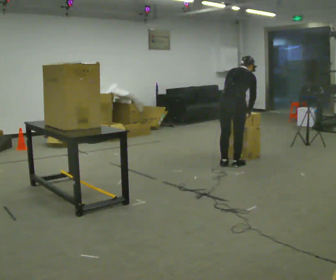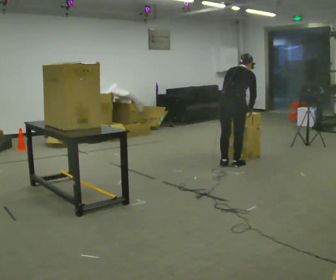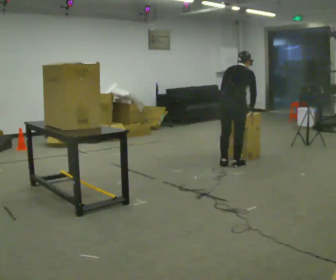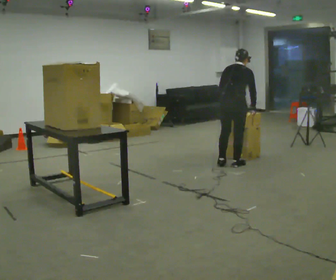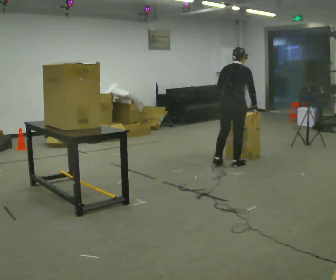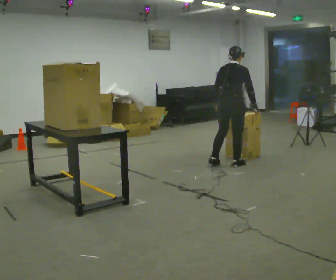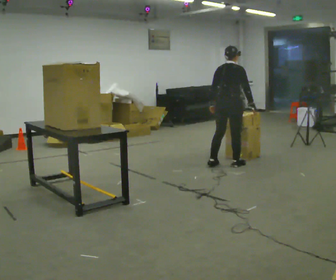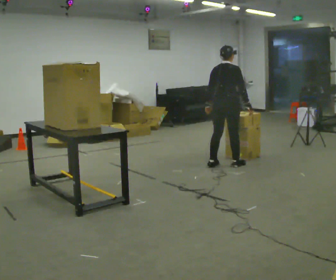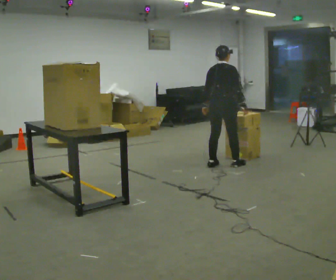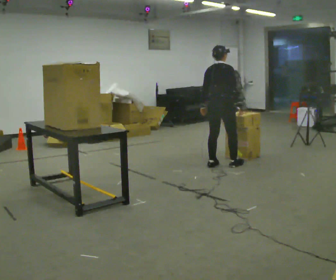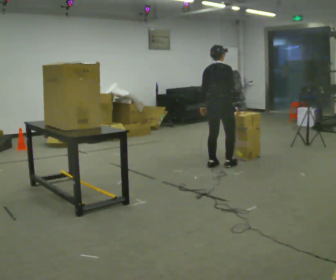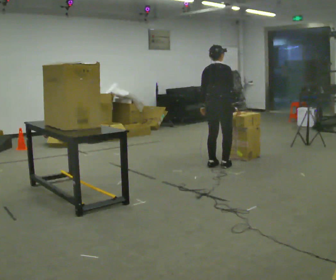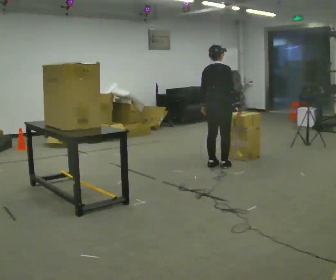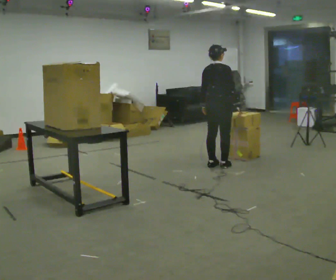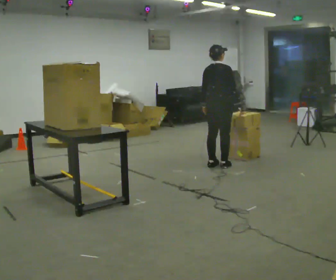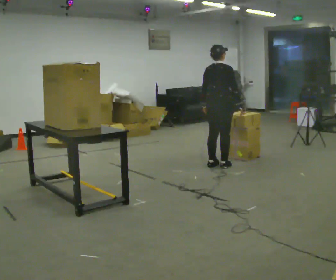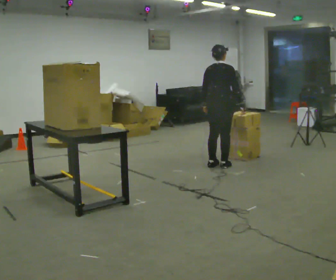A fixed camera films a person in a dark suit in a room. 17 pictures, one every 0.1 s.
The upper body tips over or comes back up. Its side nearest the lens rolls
downward.
0.0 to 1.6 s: In the picture they go to the left, about 0.25 m in 2 steps, which for them is to their left. The upper body tips toward the camera, its near side rolling downward, as they lean back or straighten.
The film runs forward here.
